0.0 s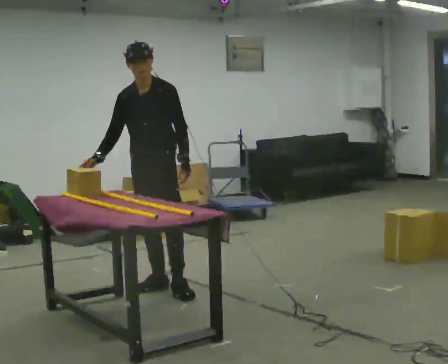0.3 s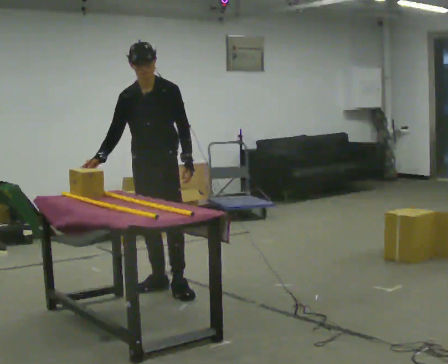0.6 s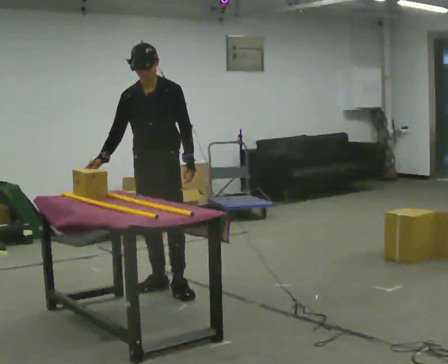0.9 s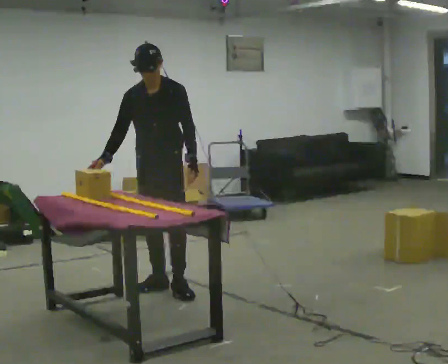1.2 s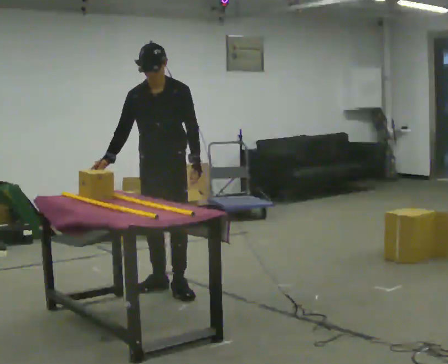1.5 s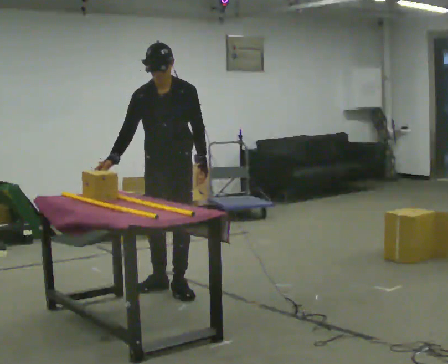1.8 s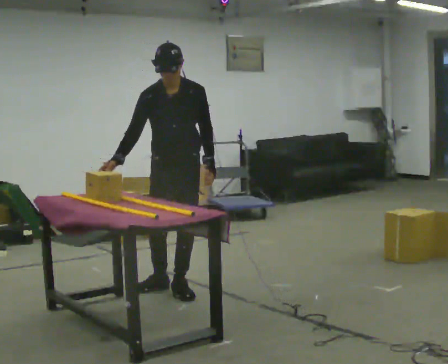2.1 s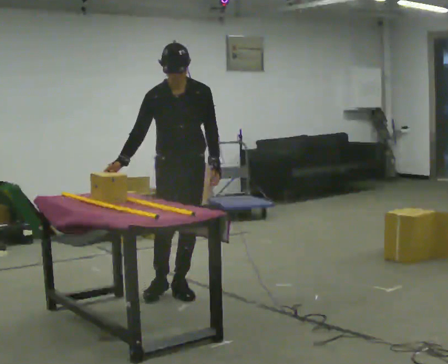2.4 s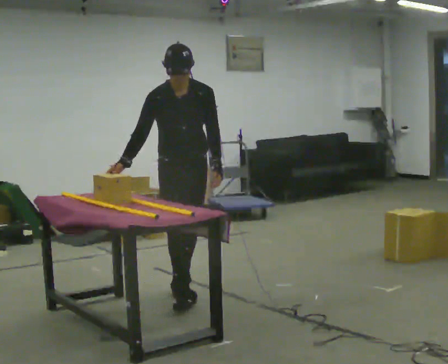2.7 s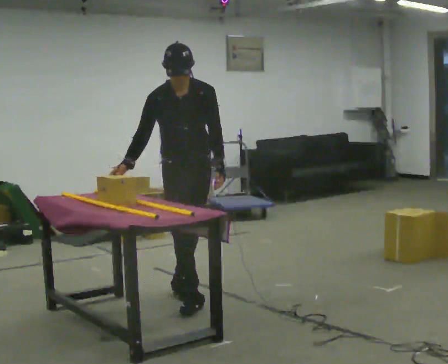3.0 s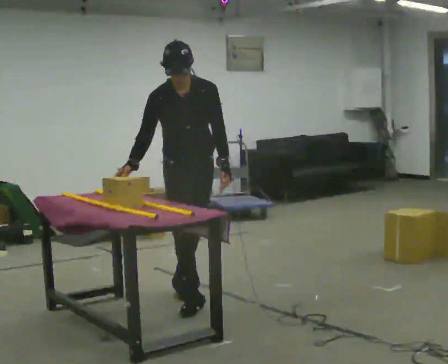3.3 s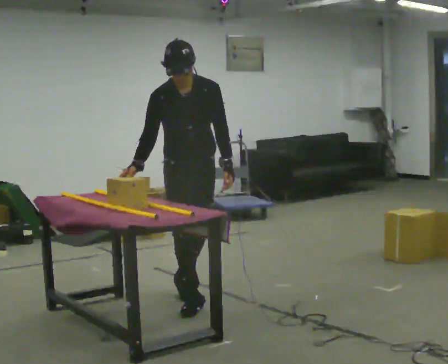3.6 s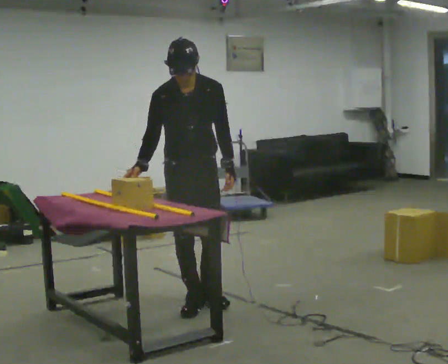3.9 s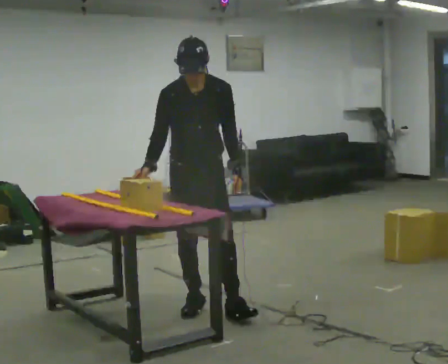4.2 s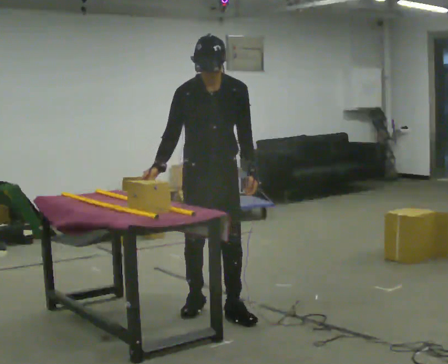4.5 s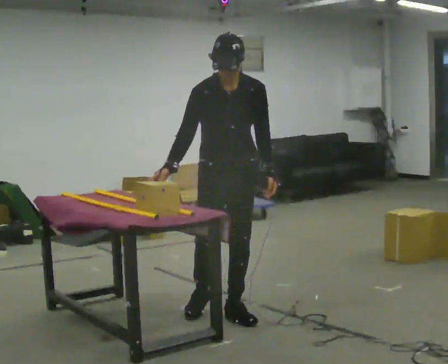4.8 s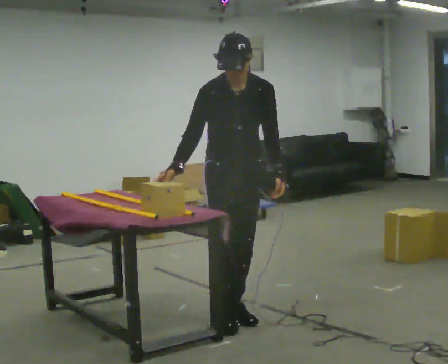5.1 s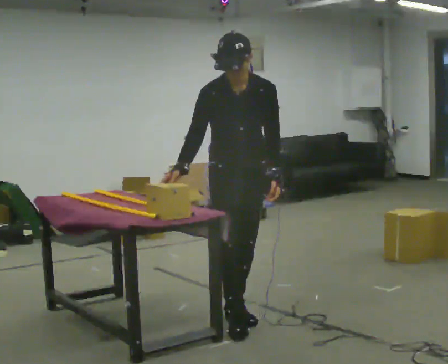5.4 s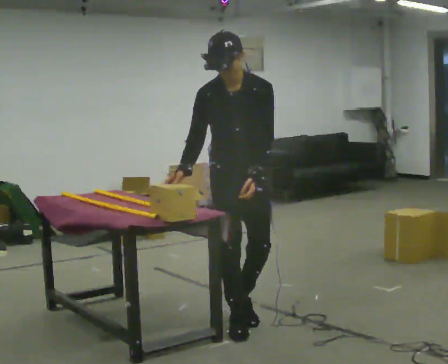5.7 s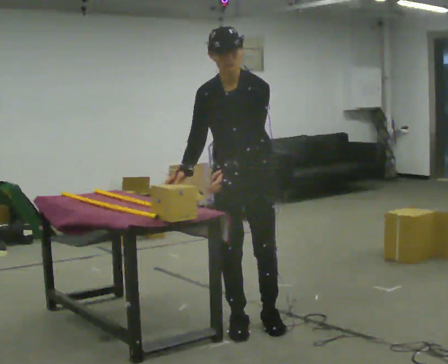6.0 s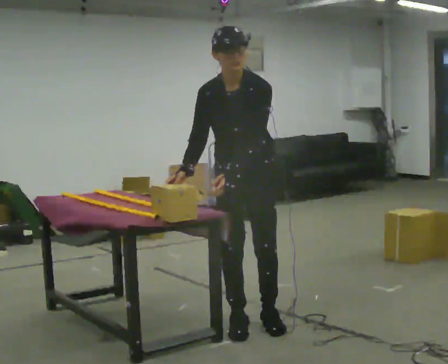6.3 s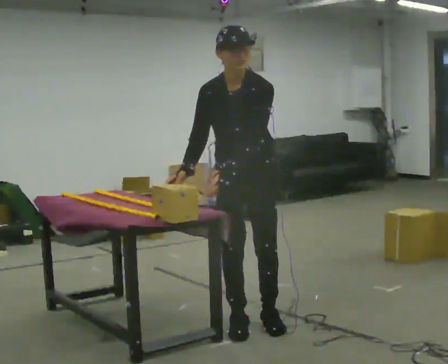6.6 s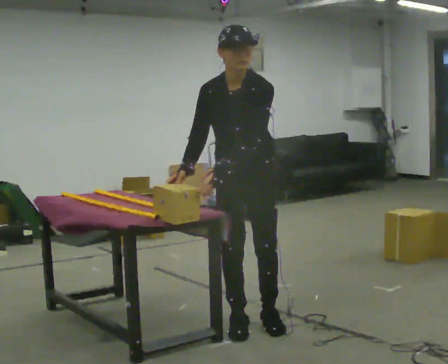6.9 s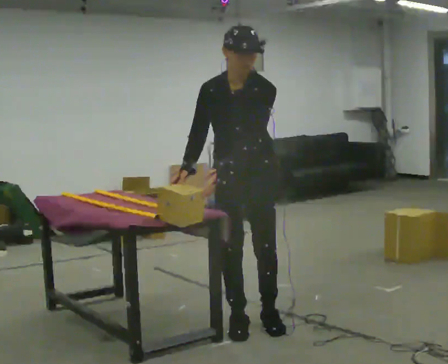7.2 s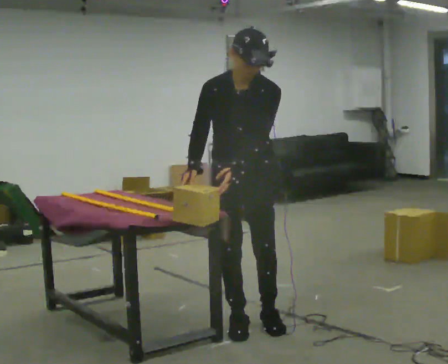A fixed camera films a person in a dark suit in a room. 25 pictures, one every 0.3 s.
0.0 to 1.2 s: The person moves a little, or ends about where they began.
1.2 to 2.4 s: In the picture they go toward the camera, about 0.25 m, which for them is to their left and forward.
2.4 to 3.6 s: In the picture they go toward the camera, about 0.25 m in 1 step, which for them is forward.
3.6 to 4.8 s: In the picture they go to the right and toward the camera, about 0.25 m in 1 step, which for them is forward and to their left.
4.8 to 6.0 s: The part of the body nearest the lens slides to the left as the person turns to their right by about 30 degrees. In the picture they go toward the camera, about 0.25 m in 2 steps, which for them is forward.
6.0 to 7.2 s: The person moves a little, or ends about where they began.
The film runs forward here.
